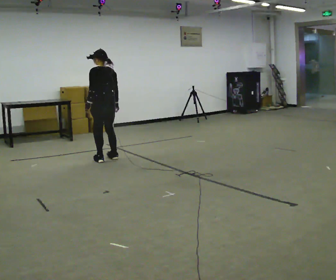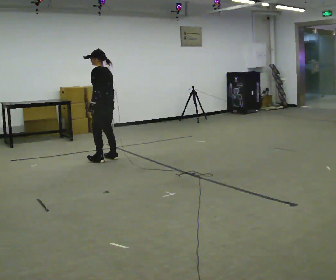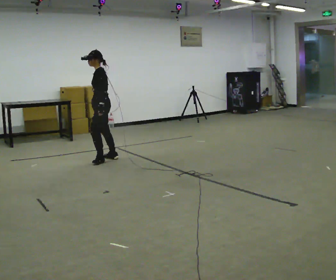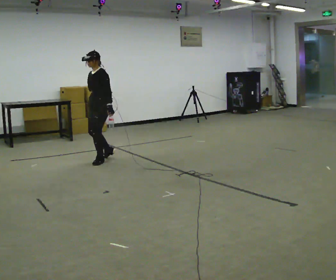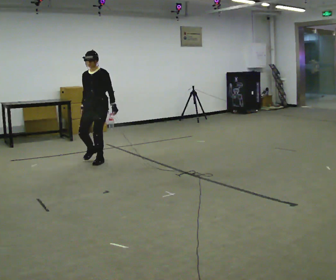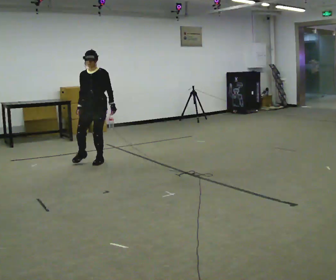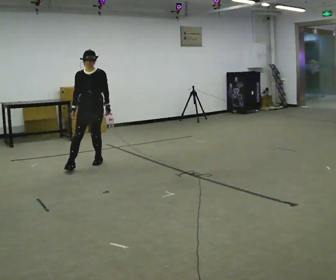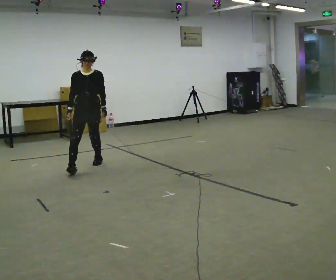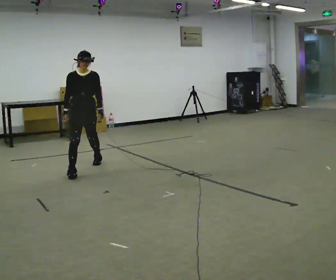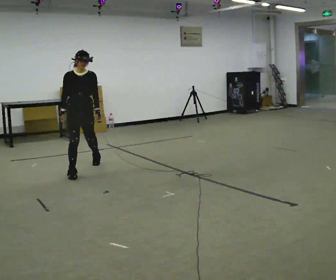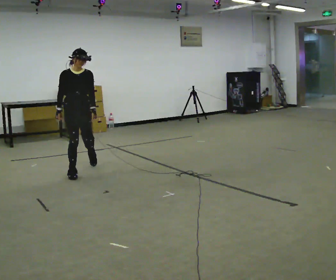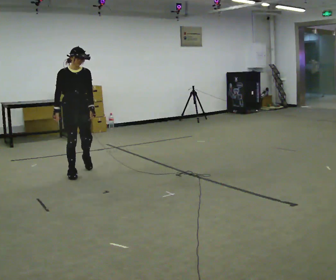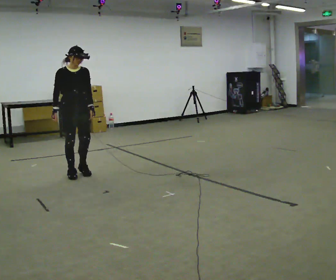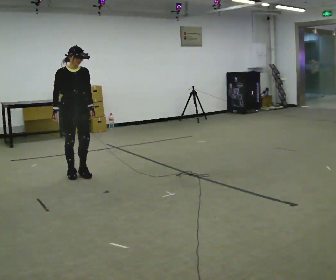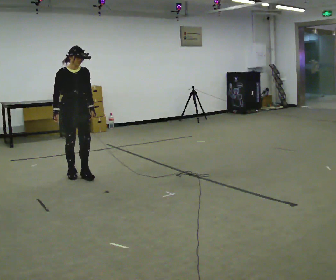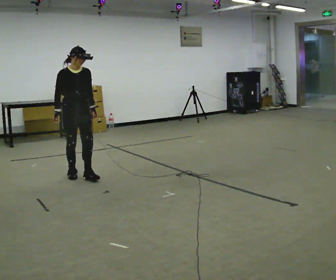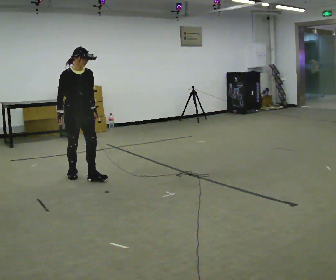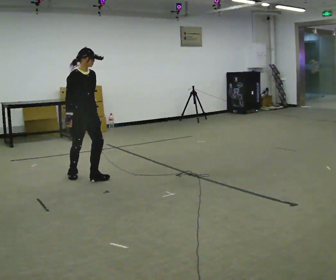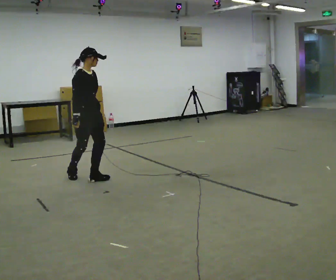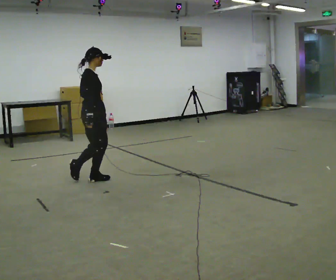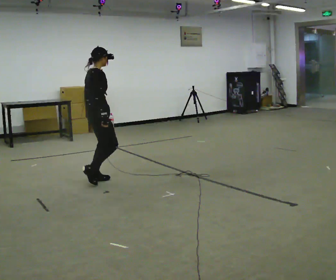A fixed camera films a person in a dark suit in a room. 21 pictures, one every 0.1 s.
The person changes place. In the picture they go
toward the camera.
The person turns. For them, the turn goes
to their left.
0.0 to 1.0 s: Seen from above the body turns counterclockwise, about 165 degrees: to their left, with its near side sliding to the right. In the picture they go toward the camera and to the left, about 0.5 m in 1 step.
1.0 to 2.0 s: Seen from above the body turns counterclockwise, about 90 degrees: to their left, with its near side sliding to the right. In the picture they go toward the camera and to the right, about 0.5 m in 1 step.
The film runs forward here.
